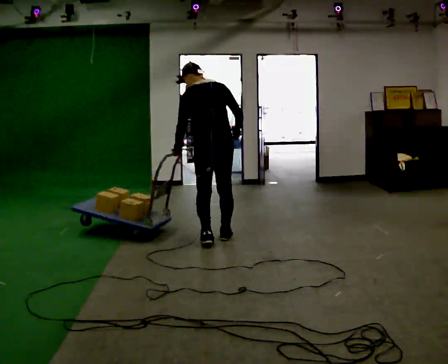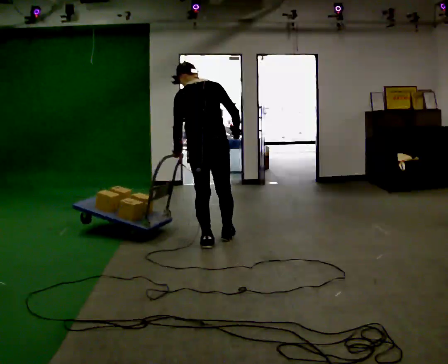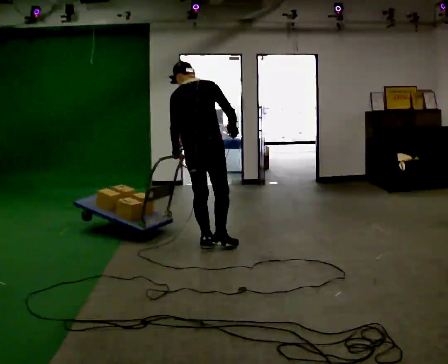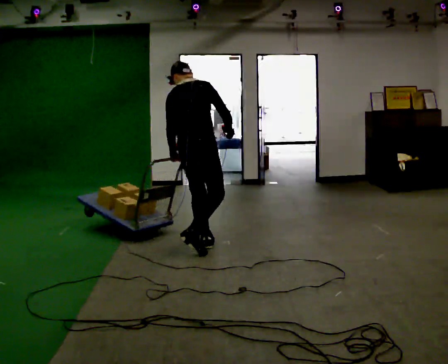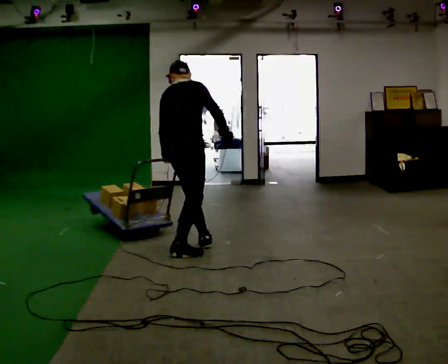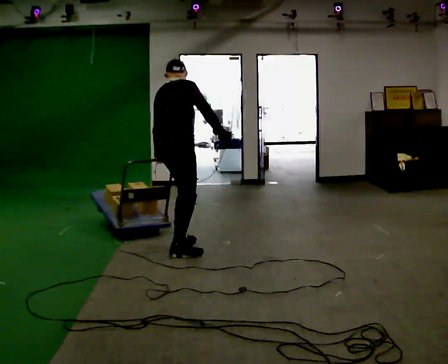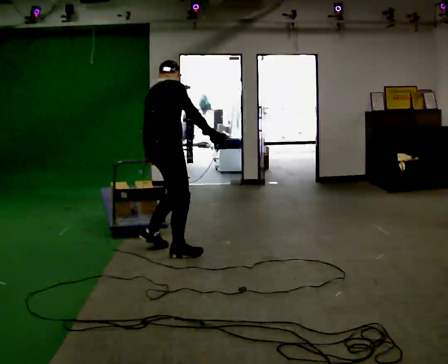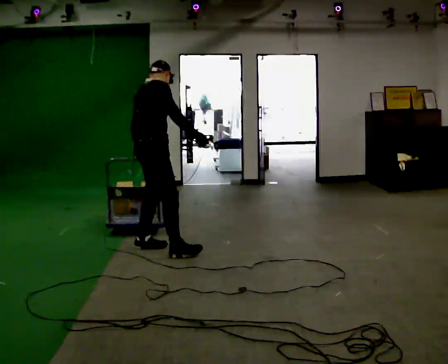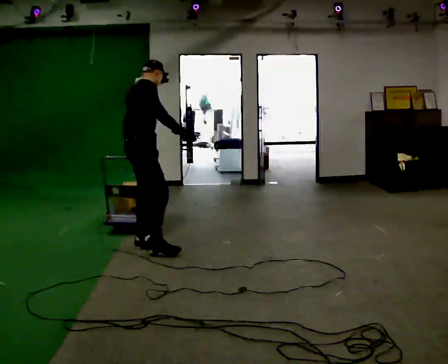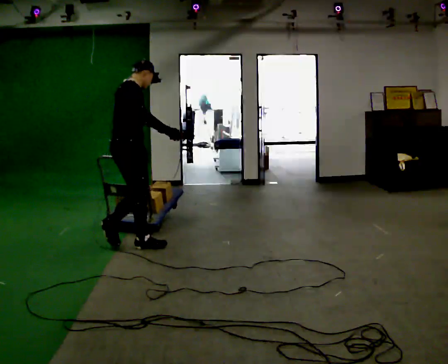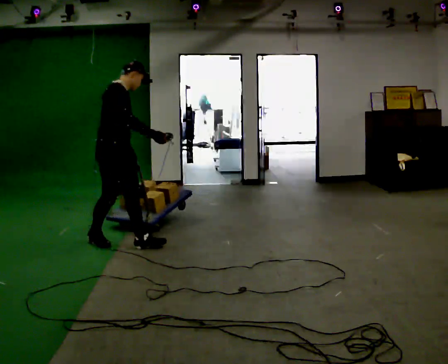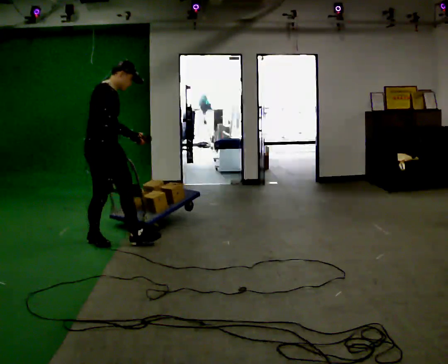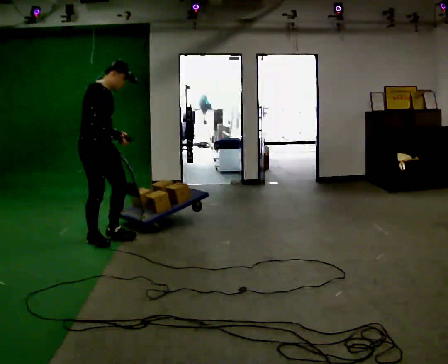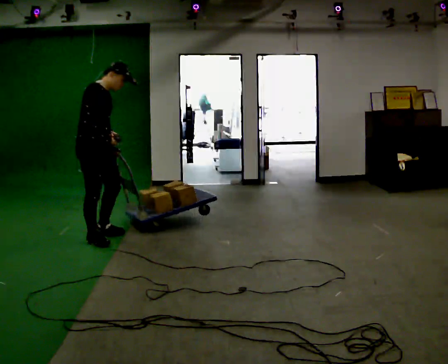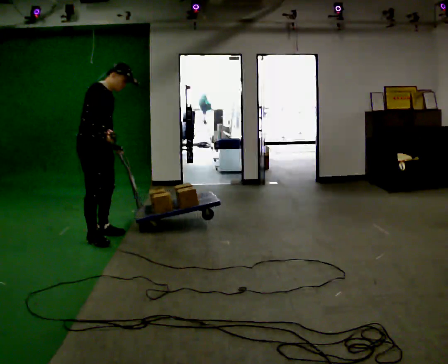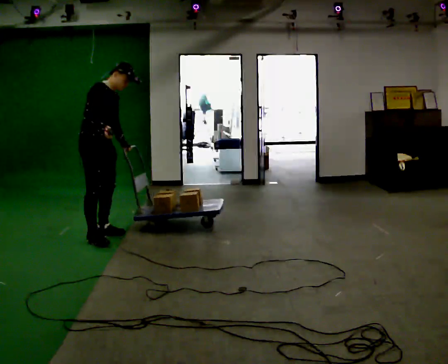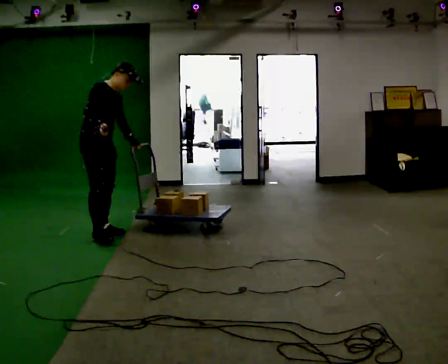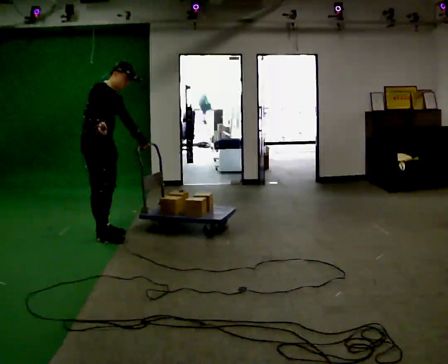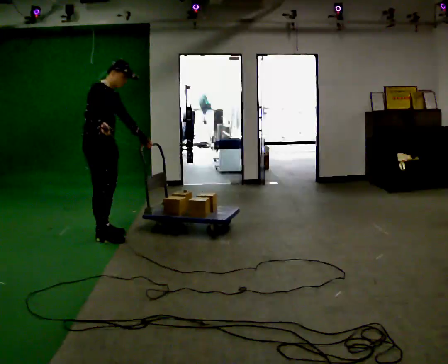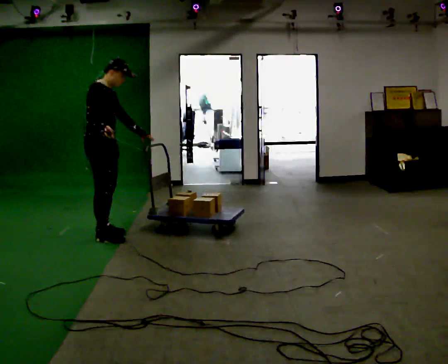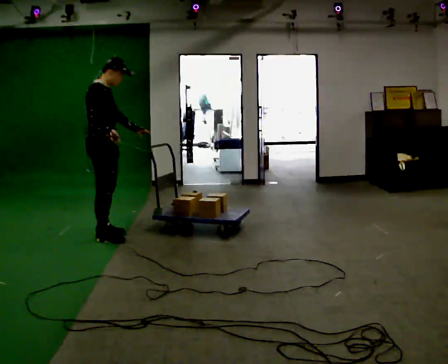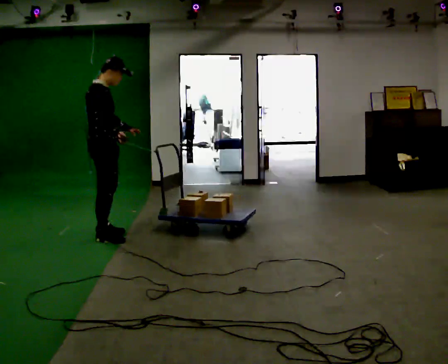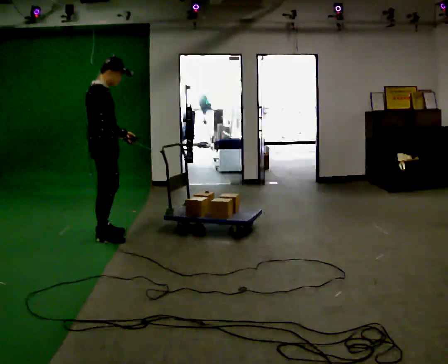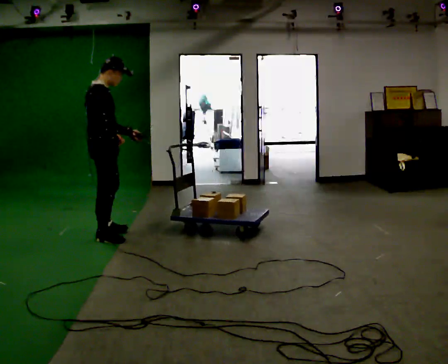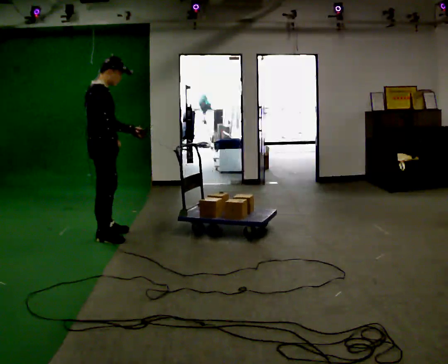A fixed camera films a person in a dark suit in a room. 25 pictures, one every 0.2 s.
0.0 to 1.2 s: The person turns about 60 degrees to their right, clockwise seen from above, so the part of the body nearest the lens slides to the left. In the picture they go to the left and toward the camera, about 0.5 m in 2 steps.
1.2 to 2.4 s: The person turns about 45 degrees to their right, clockwise seen from above, so the part of the body nearest the lens slides to the left. In the picture they go to the left and away from the camera, about 0.5 m in 2 steps, which for them is backward.
2.4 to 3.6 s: In the picture they go away from the camera, about 0.25 m, which for them is to their left.
3.6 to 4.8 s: The part of the body nearest the lens slides to the right as the person turns to their left by about 30 degrees. In the picture they go toward the camera, about 0.25 m, which for them is to their right.
The film runs backward here.
